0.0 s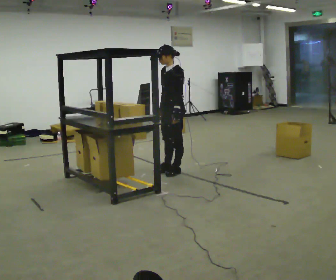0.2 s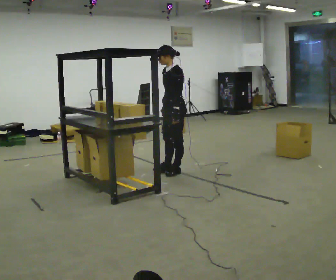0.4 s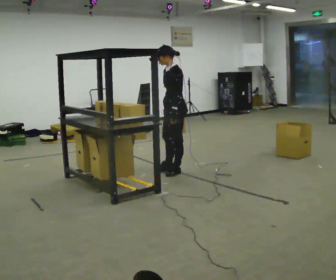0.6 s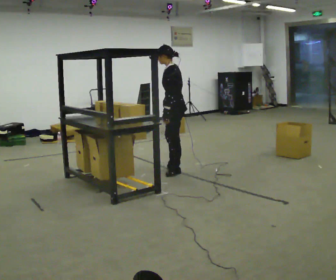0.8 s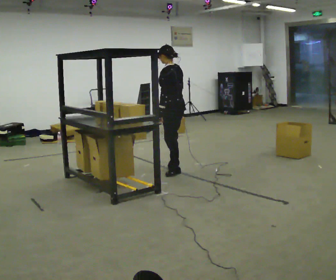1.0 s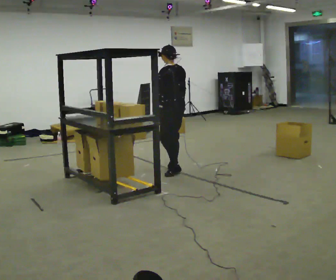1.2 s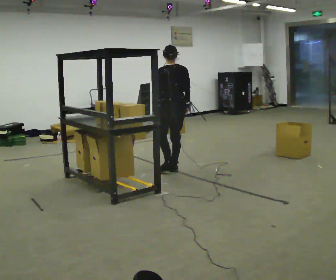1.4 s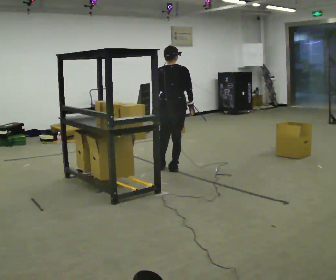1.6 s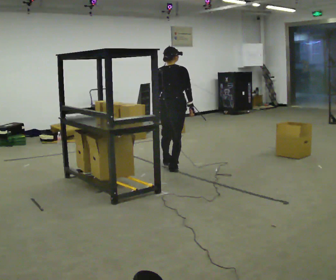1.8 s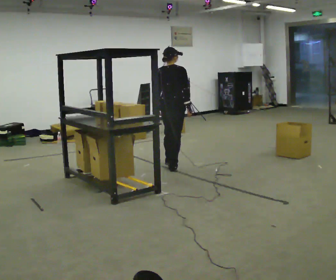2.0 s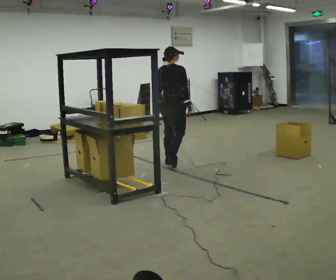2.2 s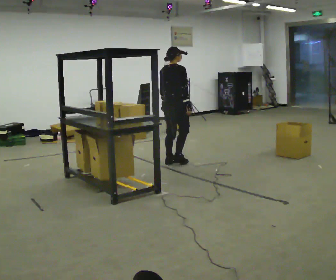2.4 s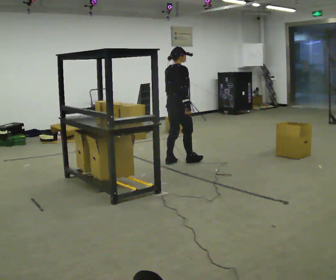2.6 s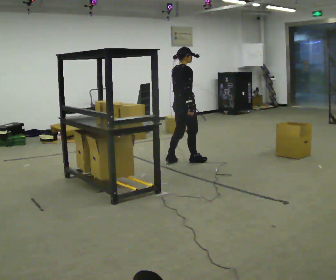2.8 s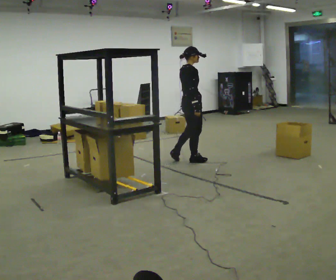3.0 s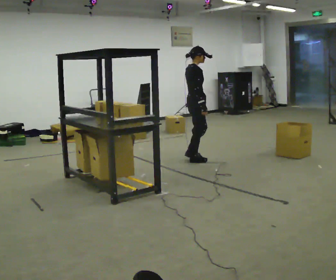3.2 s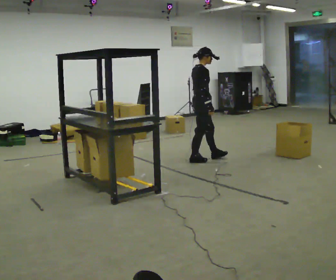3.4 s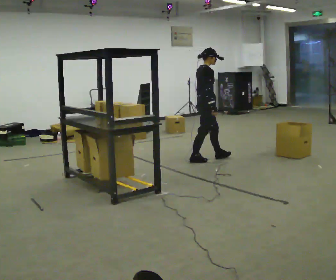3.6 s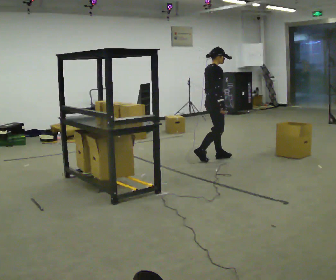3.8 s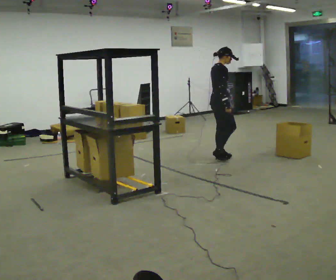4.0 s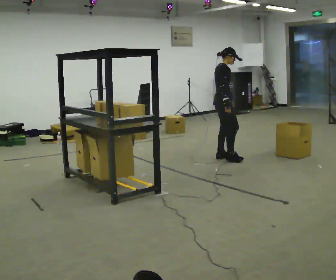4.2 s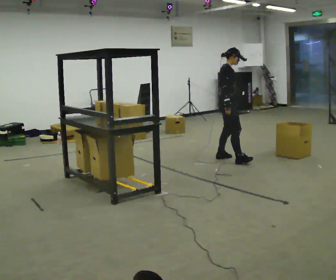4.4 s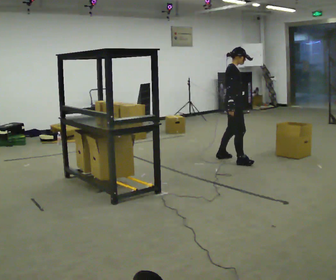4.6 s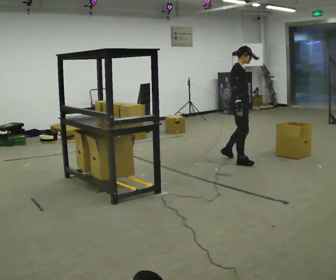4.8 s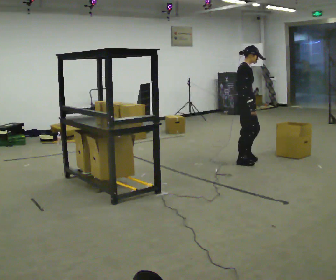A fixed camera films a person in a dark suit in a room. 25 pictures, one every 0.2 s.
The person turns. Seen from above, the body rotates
clockwise.
The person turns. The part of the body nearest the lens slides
to the left.
0.0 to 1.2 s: The person turns about 90 degrees to their right, clockwise seen from above, so the part of the body nearest the lens slides to the left. In the picture their right hand goes to the right.
1.2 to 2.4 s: The part of the body nearest the lens slides to the left as the person turns to their right by about 75 degrees. In the picture they go away from the camera, about 0.25 m in 1 step.
2.4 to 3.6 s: The part of the body nearest the lens slides to the left as the person turns to their right by about 30 degrees. In the picture they go to the right, about 0.5 m in 2 steps, which for them is forward.
3.6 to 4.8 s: In the picture they go to the right and toward the camera, about 0.5 m in 1 step, which for them is forward and to their right.
The film runs forward here.
